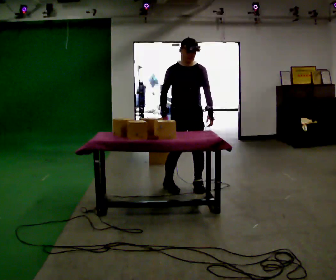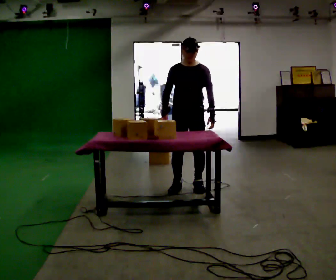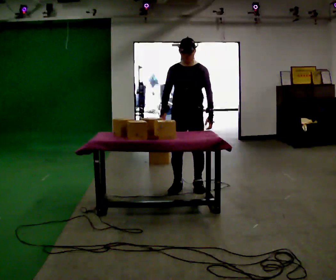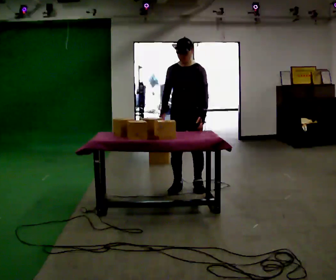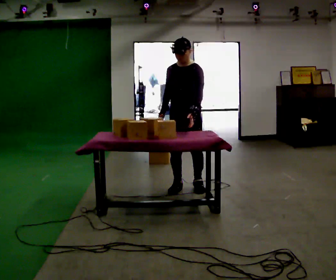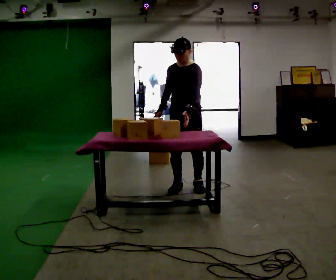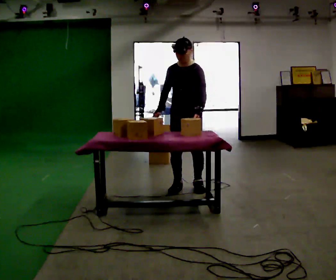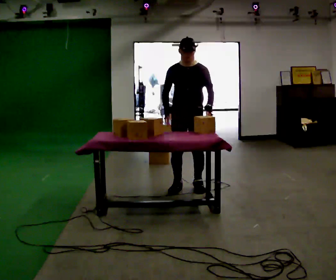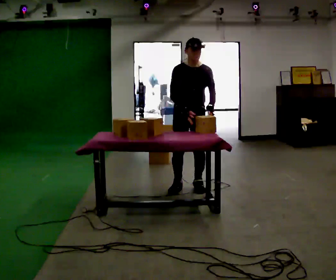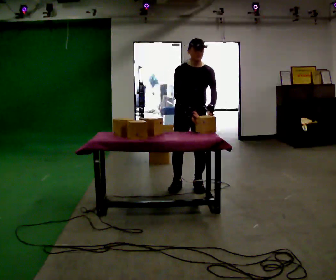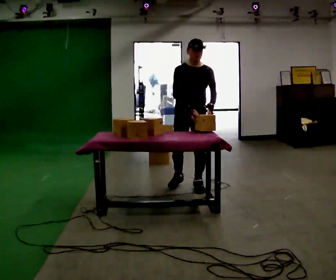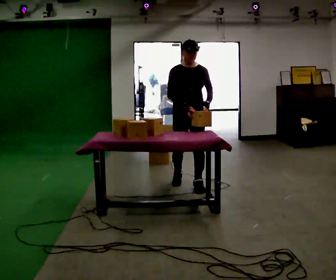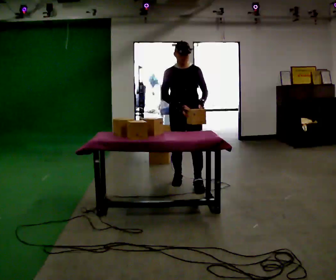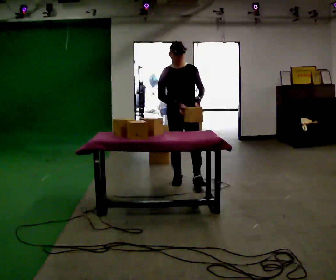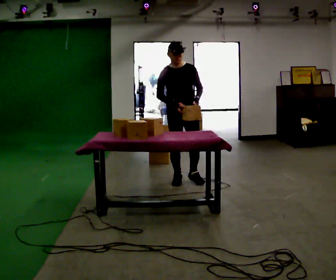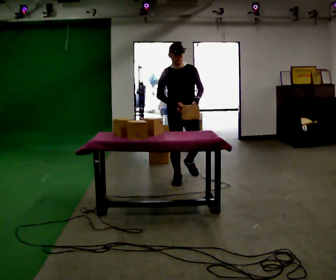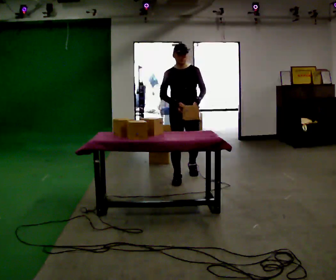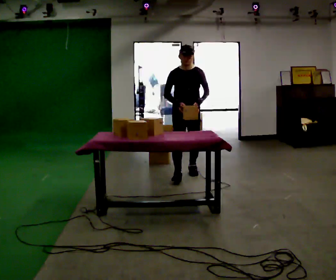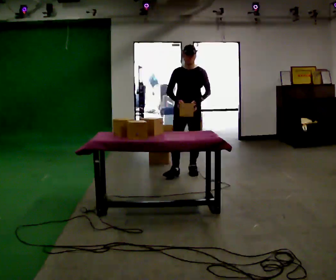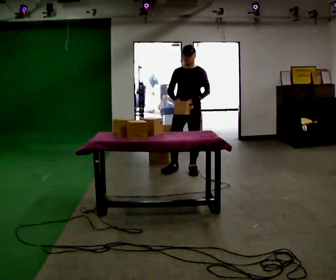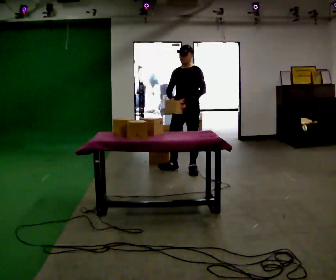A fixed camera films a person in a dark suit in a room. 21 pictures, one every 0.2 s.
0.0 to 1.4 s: The part of the body nearest the lens slides to the left as the person turns to their right by about 30 degrees.
1.4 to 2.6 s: In the picture they go away from the camera, about 0.25 m in 2 steps, which for them is backward.
2.6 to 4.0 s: The part of the body nearest the lens slides to the left as the person turns to their right by about 30 degrees. In the picture they go away from the camera, about 0.5 m in 1 step, which for them is backward.
The film runs backward here.
